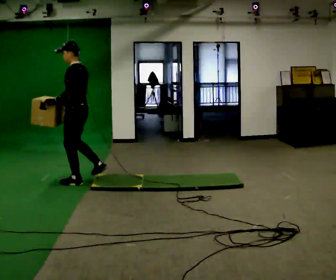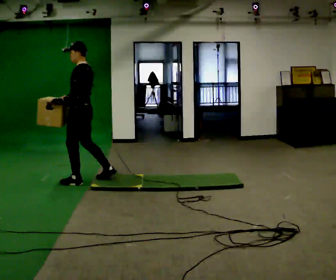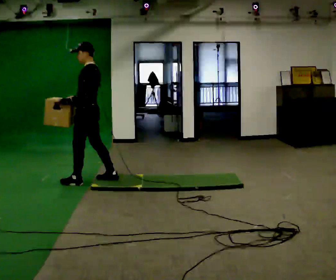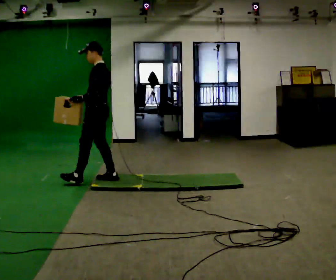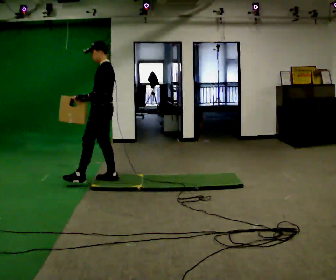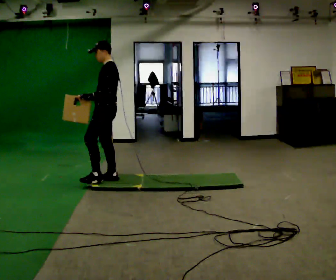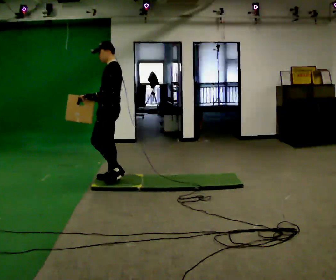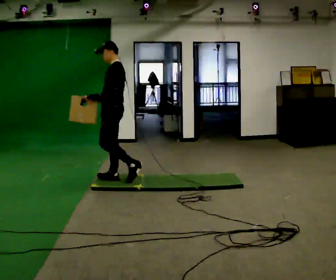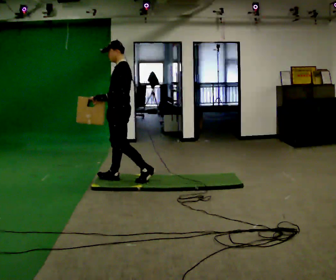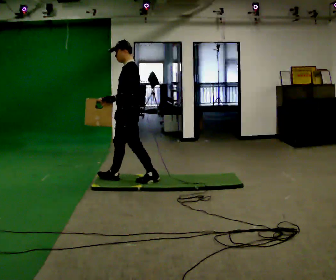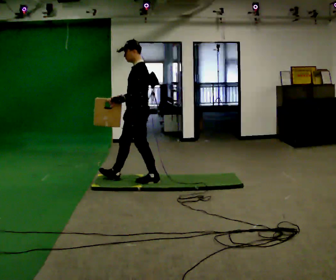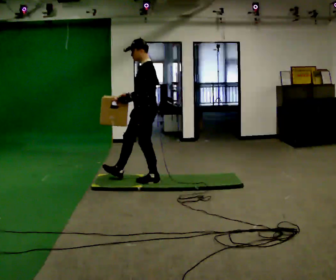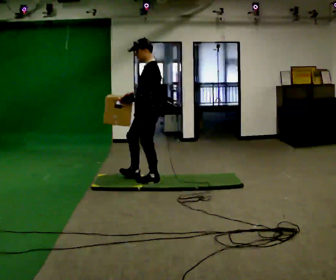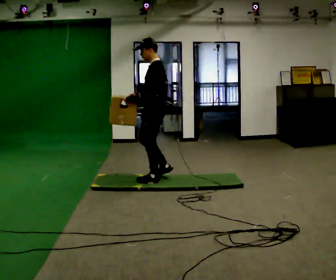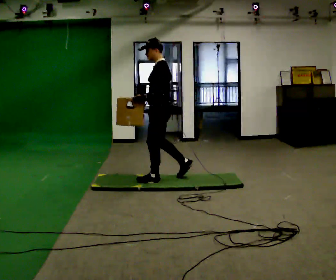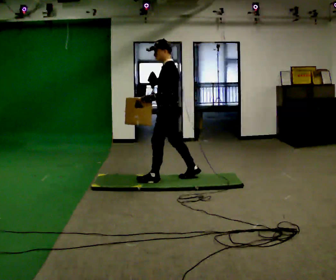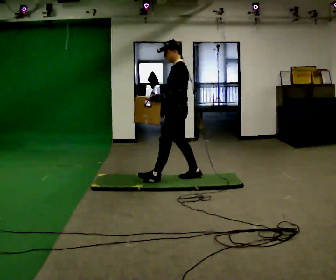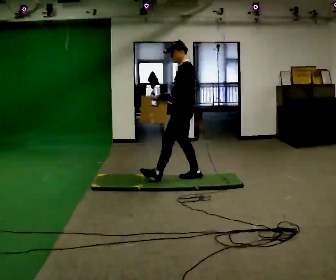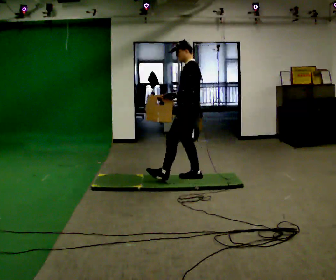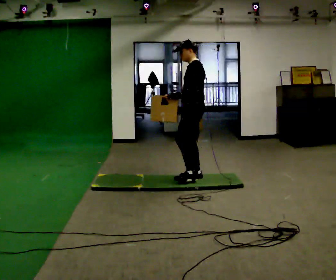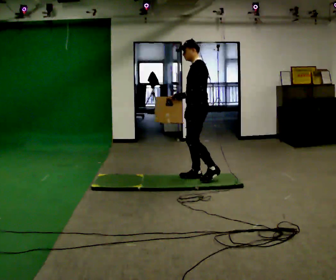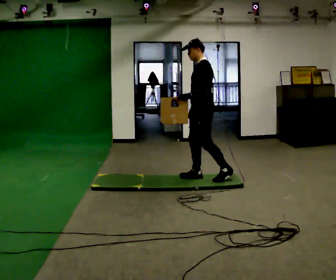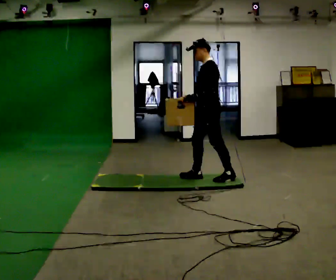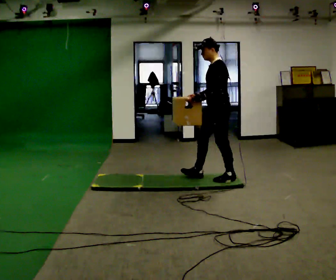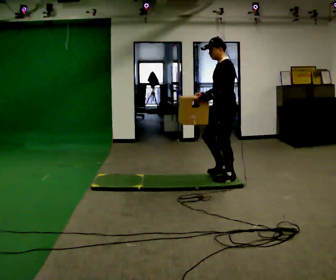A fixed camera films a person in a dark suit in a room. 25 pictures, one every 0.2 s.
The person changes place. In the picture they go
to the right.
0.0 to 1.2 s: In the picture they go to the right, about 0.5 m in 1 step, which for them is backward.
1.2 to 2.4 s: In the picture they go to the right, about 0.5 m in 1 step, which for them is backward.
2.4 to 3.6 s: In the picture they go to the right, about 0.5 m in 1 step, which for them is backward.
3.6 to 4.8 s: In the picture they go to the right, about 0.5 m in 1 step, which for them is backward and to their left.
The film runs backward here.
